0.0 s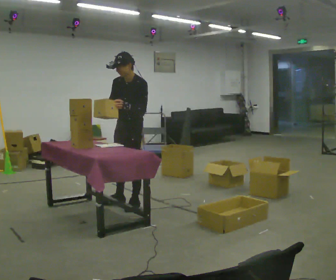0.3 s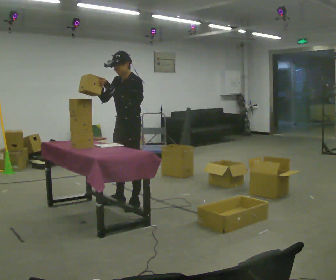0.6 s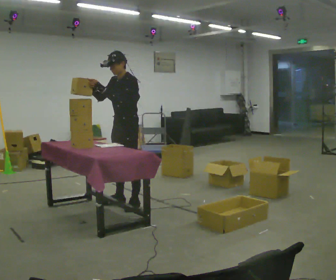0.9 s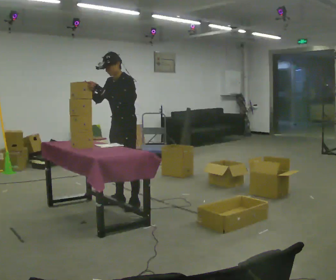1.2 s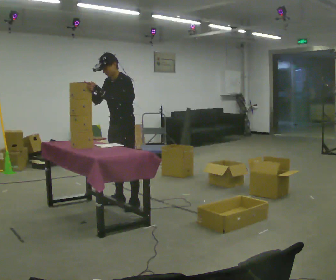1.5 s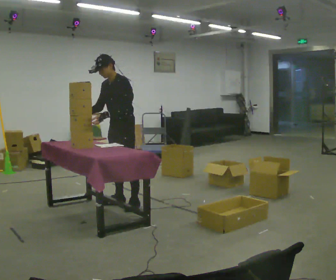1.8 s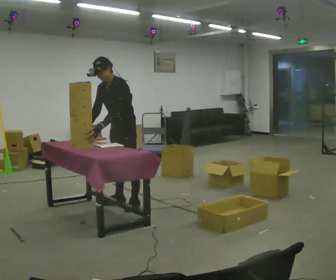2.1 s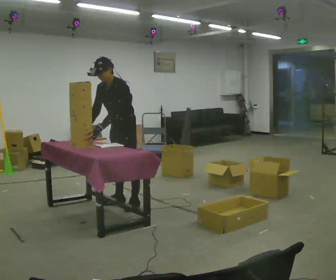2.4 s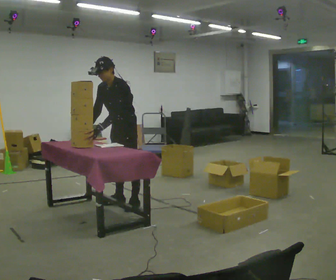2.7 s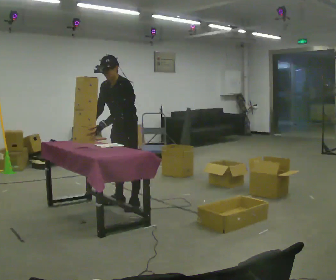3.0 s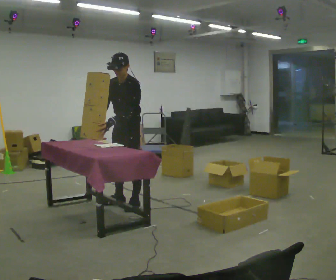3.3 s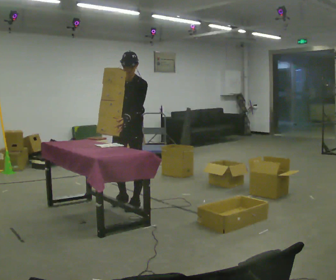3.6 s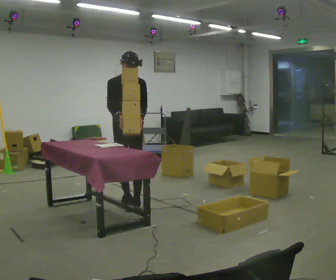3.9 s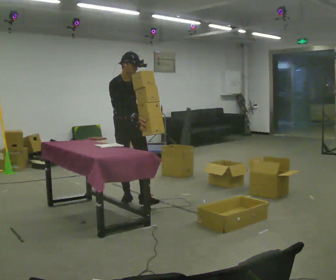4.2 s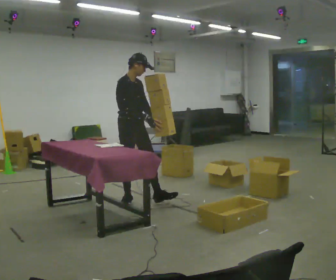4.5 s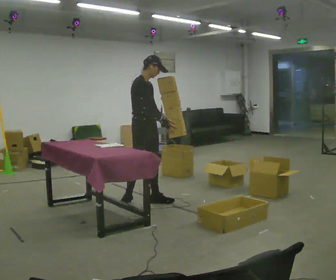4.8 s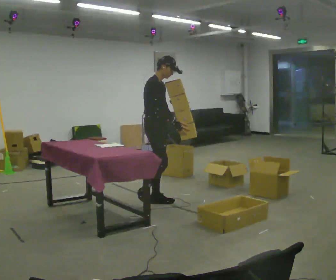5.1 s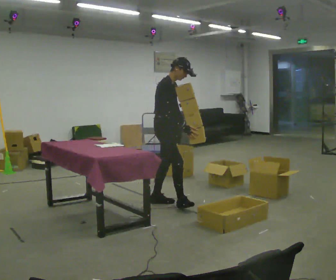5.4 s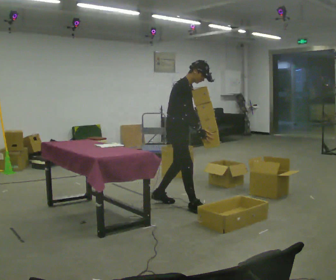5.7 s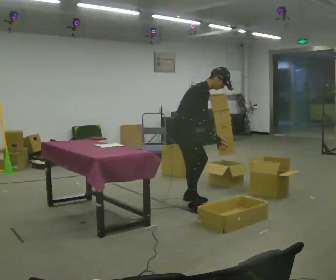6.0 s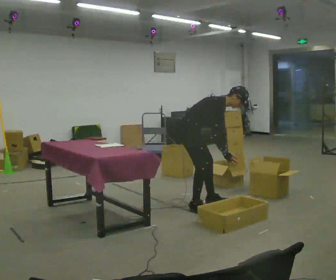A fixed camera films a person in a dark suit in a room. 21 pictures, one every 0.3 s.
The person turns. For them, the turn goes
to their left.
The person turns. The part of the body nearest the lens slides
to the right.
0.0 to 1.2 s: The person moves a little, or ends about where they began.
1.2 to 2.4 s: In the picture their right hand goes downward.
2.4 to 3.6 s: The person turns about 60 degrees to their left, counterclockwise seen from above, so the part of the body nearest the lens slides to the right. In the picture the upper body tilts clockwise, shoulders to the right, as they lean back or straighten. In the picture their right hand goes to the right.
3.6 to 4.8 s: Seen from above the body turns counterclockwise, about 60 degrees: to their left, with its near side sliding to the right. In the picture they go to the right, about 0.25 m in 1 step.
4.8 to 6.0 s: In the picture they go to the right and toward the camera, about 0.5 m in 2 steps, which for them is forward. The upper body goes downward. In the picture the upper body tilts clockwise, shoulders to the right, as they bend forward. In the picture their right hand goes downward.
The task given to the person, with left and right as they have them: 1. Read the parts list. 2. Collect each part from the bins around the room. 3. Lay them out on the table in the order on the list. 4. Put them all in the carry case. 5. Tell the operator when you are finished.
The film runs forward here.
